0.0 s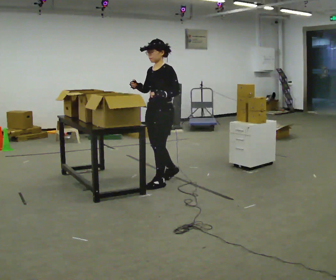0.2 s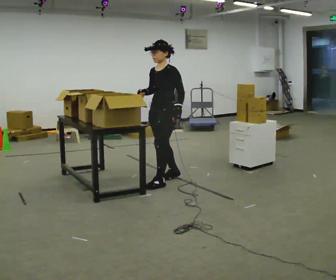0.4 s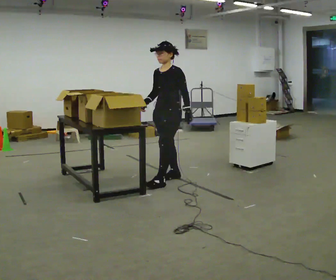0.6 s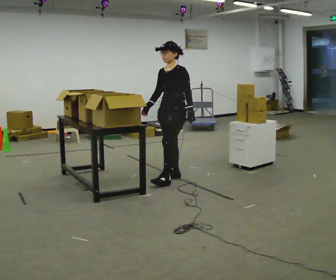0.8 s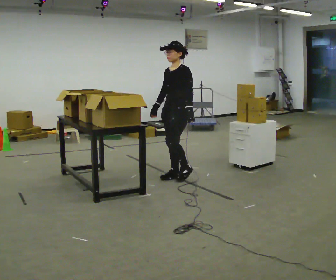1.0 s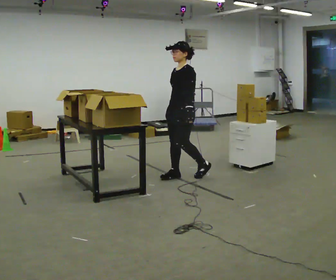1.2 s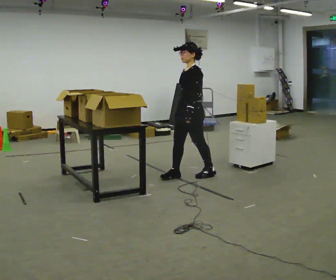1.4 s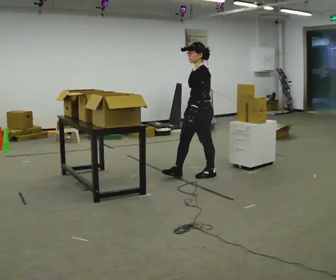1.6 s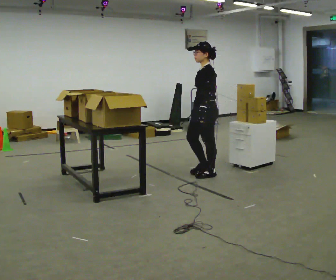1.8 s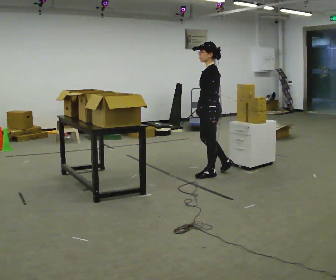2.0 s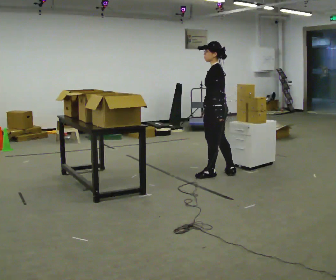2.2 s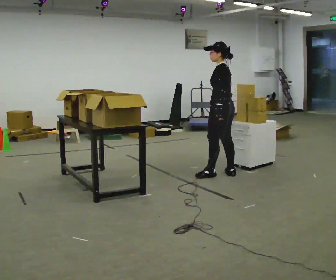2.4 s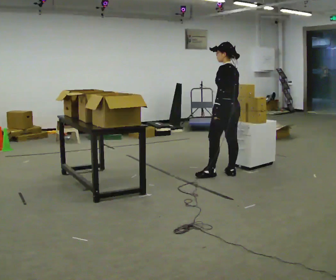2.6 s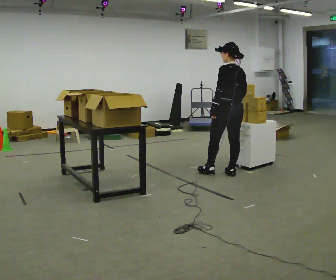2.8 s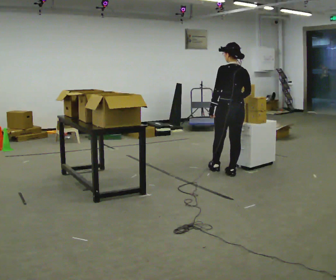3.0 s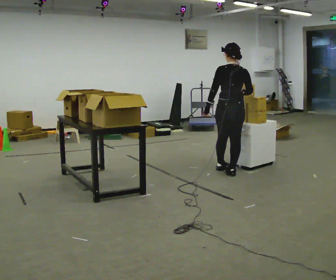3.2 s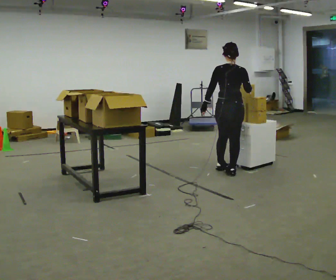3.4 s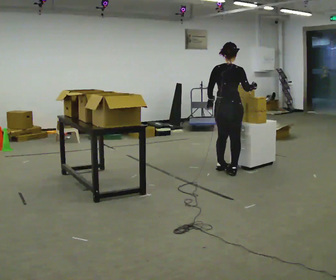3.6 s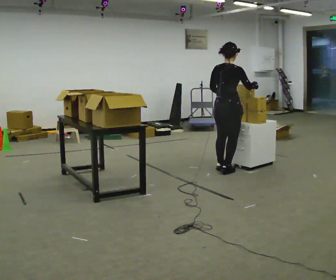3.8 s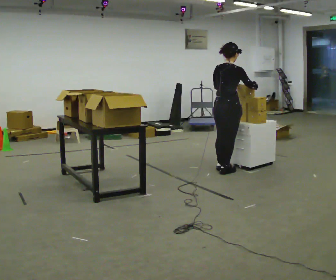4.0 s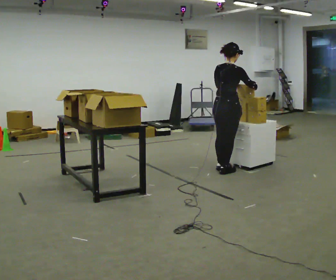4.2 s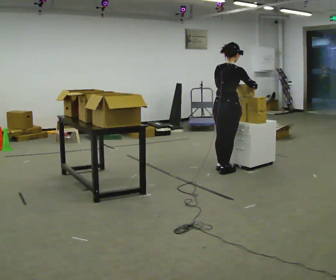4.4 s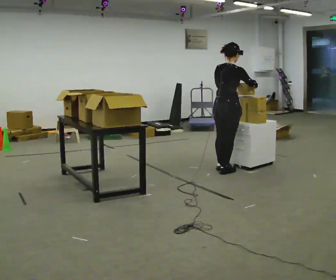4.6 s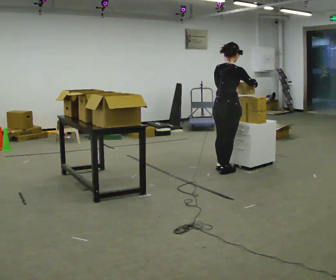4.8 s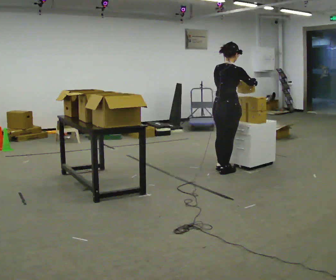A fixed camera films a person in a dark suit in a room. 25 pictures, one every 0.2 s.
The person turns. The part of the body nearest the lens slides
to the left.
The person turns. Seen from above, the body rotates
clockwise.
0.0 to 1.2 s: In the picture they go away from the camera and to the right, about 0.5 m in 1 step, which for them is backward. In the picture their right hand goes downward, the arm swinging counterclockwise.
1.2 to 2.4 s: Seen from above the body turns clockwise, about 60 degrees: to their right, with its near side sliding to the left. In the picture they go to the right, about 0.5 m in 1 step.
2.4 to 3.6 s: The person turns about 90 degrees to their right, clockwise seen from above, so the part of the body nearest the lens slides to the left. In the picture they go away from the camera, about 0.25 m in 2 steps.
3.6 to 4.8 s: The person moves a little, or ends about where they began.
The film runs backward here.
